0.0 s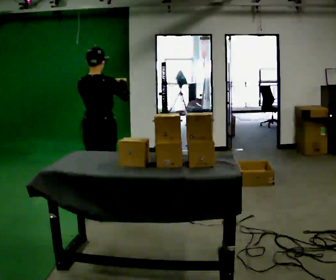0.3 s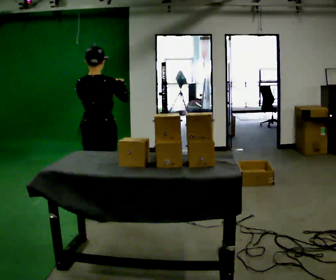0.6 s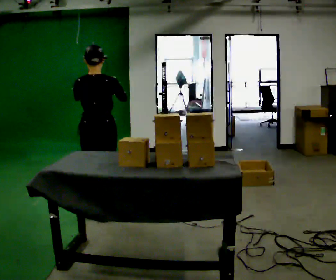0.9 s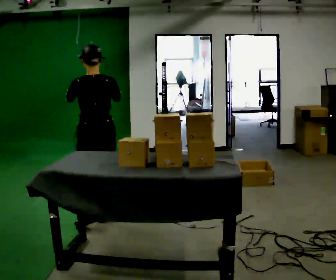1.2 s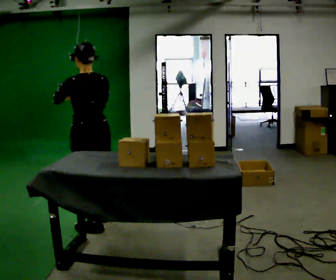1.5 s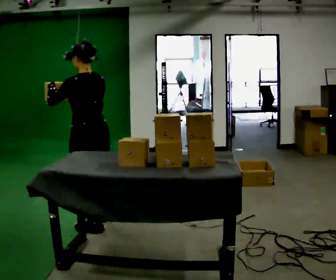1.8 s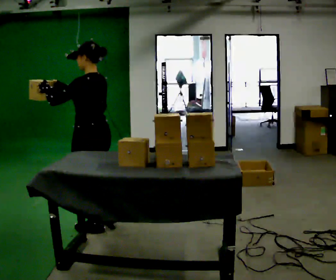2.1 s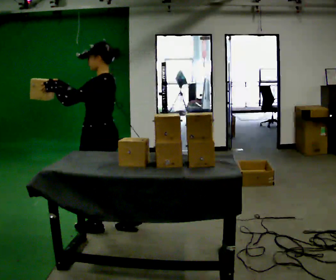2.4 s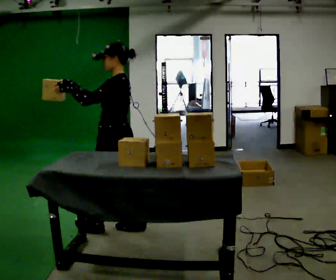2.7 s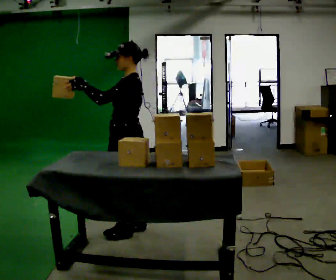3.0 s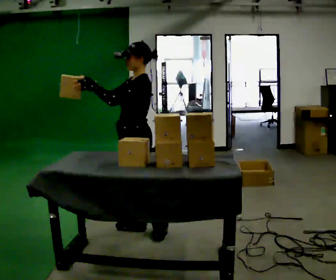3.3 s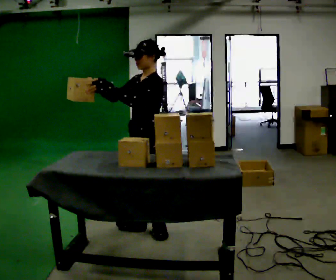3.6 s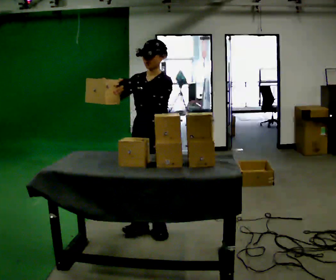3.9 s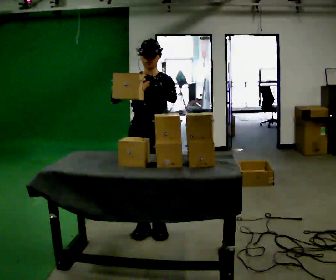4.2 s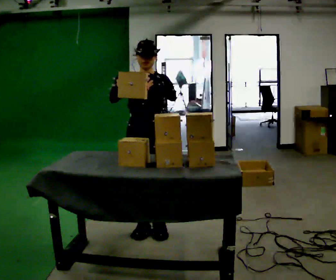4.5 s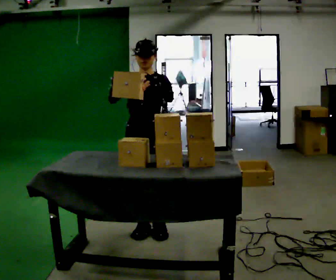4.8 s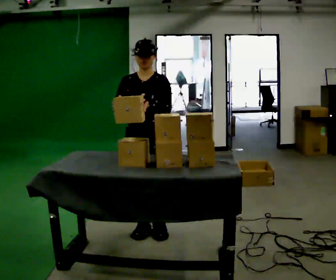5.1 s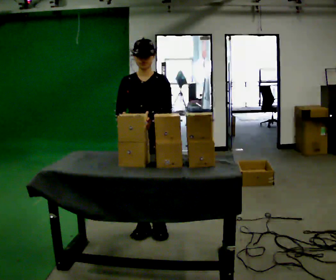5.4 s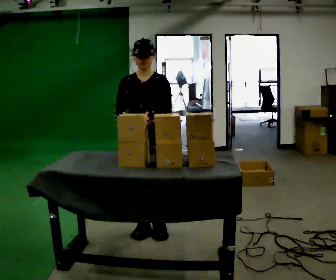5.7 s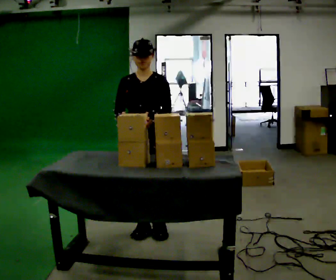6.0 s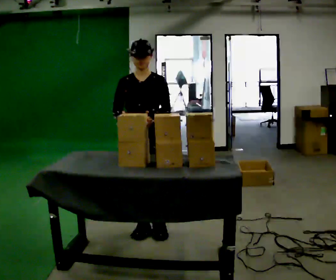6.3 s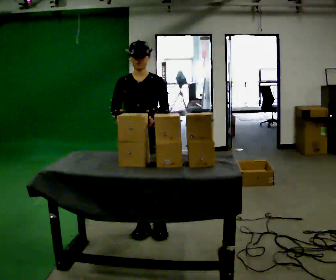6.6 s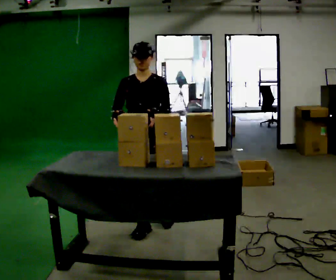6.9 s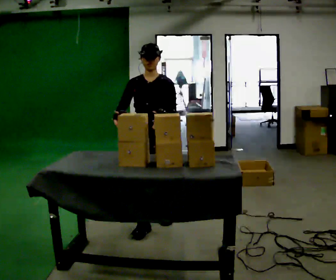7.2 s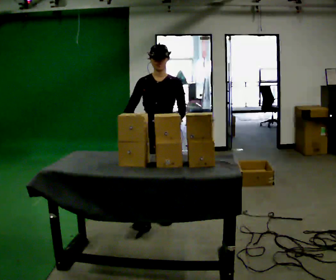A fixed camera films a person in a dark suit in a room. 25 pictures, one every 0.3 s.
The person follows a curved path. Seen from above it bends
counterclockwise.
The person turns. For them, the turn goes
to their left.
0.0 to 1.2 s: The person turns about 45 degrees to their left, counterclockwise seen from above, so the part of the body nearest the lens slides to the right. In the picture they go toward the camera, about 0.5 m in 1 step, which for them is backward.
1.2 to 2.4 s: Seen from above the body turns counterclockwise, about 60 degrees: to their left, with its near side sliding to the right. In the picture they go to the right, about 0.25 m in 1 step, which for them is backward.
2.4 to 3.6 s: The part of the body nearest the lens slides to the right as the person turns to their left by about 60 degrees. In the picture they go to the right, about 0.25 m in 1 step, which for them is backward.
3.6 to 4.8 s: The person turns about 30 degrees to their left, counterclockwise seen from above, so the part of the body nearest the lens slides to the right.
4.8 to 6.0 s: The person moves a little, or ends about where they began.
6.0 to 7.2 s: In the picture they go away from the camera, about 0.25 m in 2 steps, which for them is backward.
The film runs backward here.
